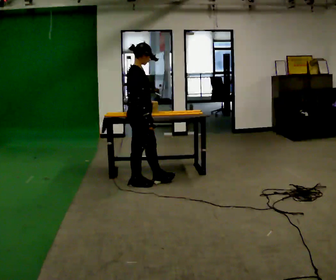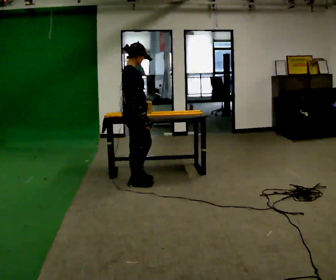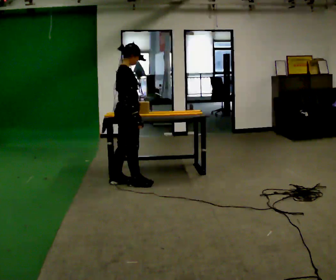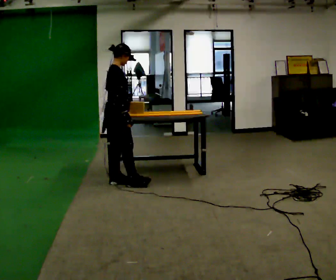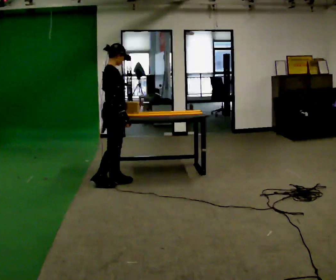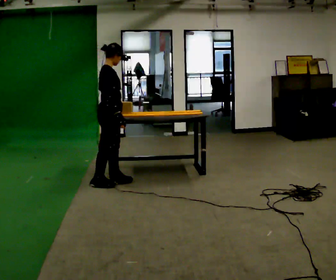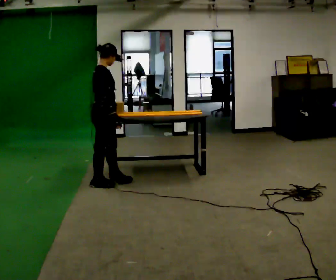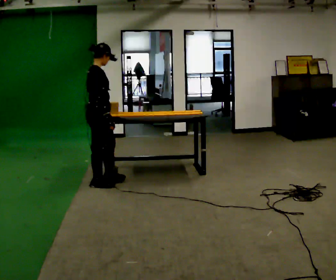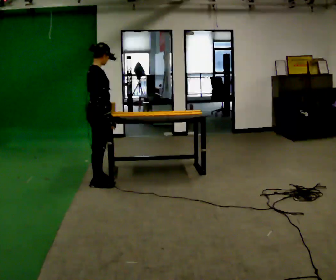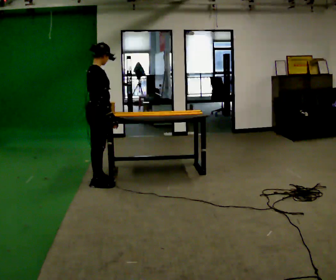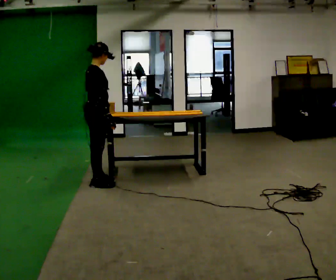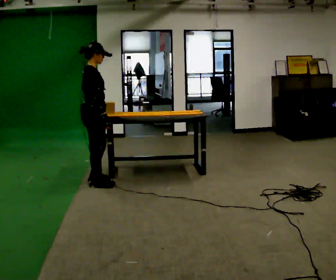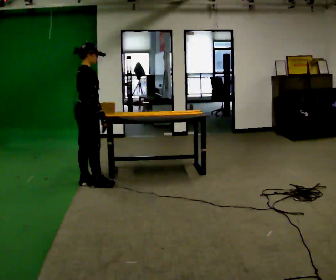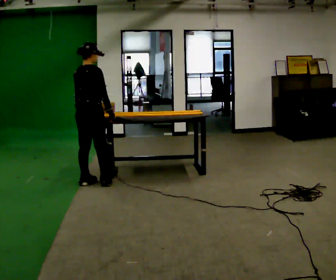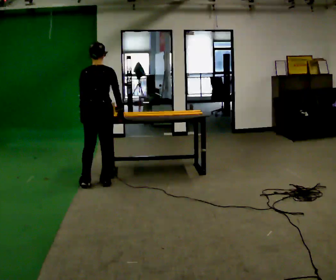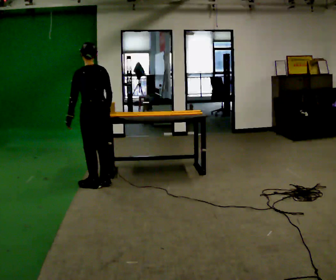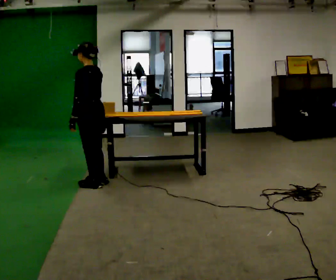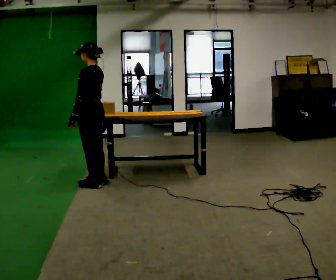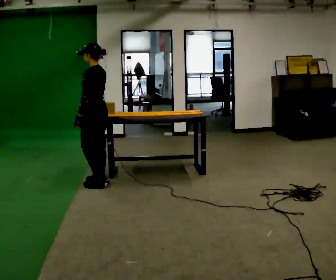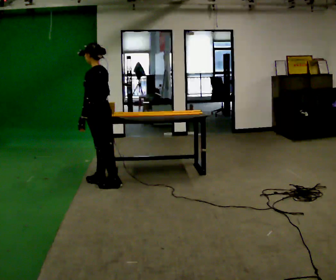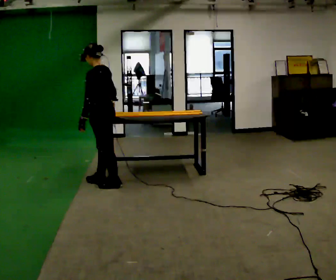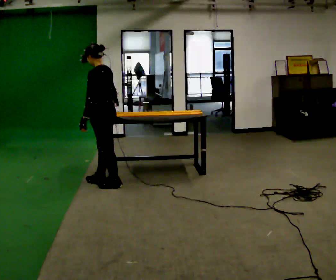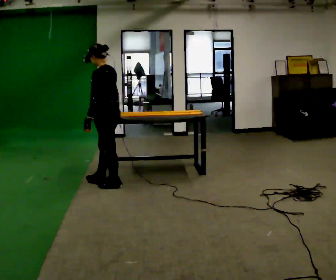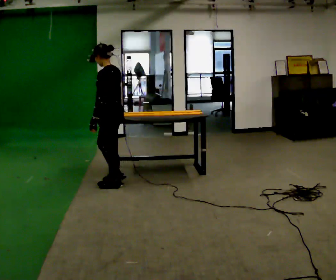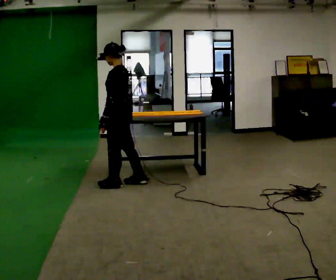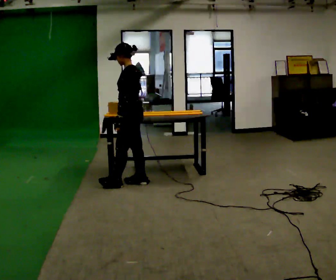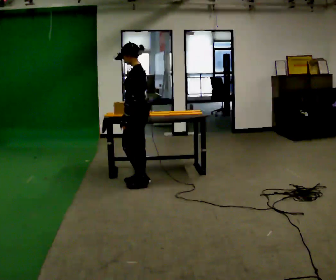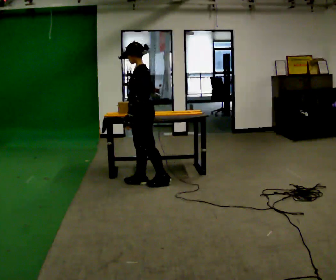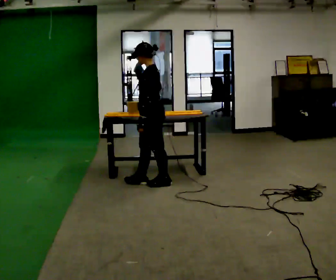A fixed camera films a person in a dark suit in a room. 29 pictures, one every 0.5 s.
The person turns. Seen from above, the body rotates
counterclockwise.
The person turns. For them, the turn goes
to their left.
0.0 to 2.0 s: In the picture they go to the left, about 0.25 m in 2 steps, which for them is backward.
2.0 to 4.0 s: In the picture they go to the left, about 0.25 m in 1 step, which for them is backward.
4.0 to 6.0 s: The person moves a little, or ends about where they began.
6.0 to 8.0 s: The person turns about 135 degrees to their left, counterclockwise seen from above, so the part of the body nearest the lens slides to the right.
8.0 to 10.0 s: The person moves a little, or ends about where they began.
10.0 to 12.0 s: In the picture they go to the right, about 0.25 m in 1 step, which for them is backward.
12.0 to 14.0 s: In the picture they go to the right, about 0.25 m in 1 step, which for them is backward.
The film runs backward here.
